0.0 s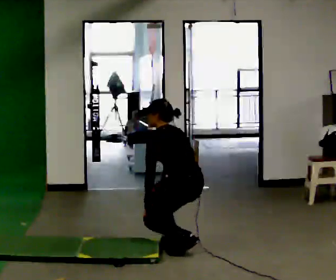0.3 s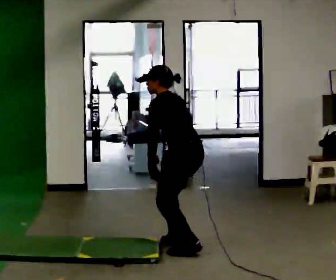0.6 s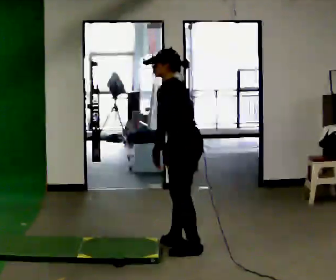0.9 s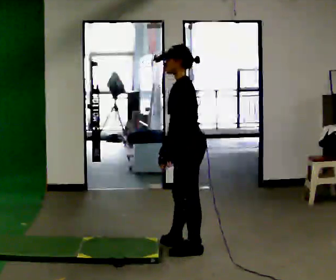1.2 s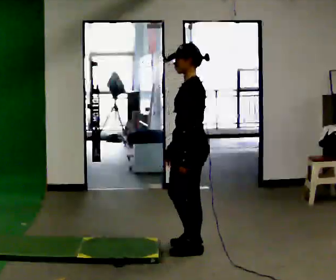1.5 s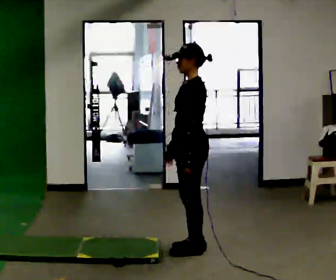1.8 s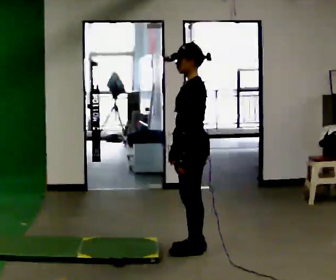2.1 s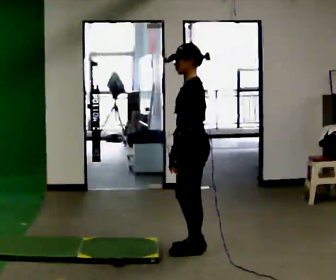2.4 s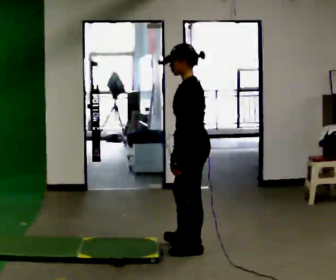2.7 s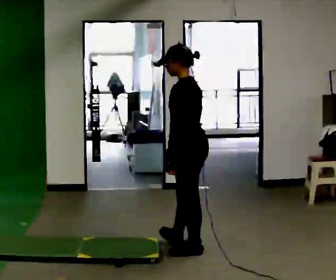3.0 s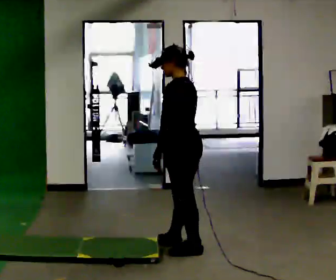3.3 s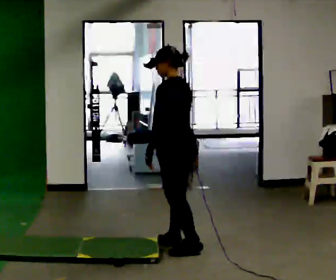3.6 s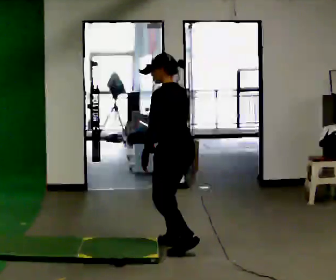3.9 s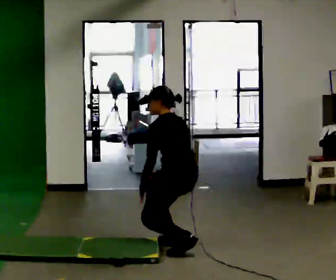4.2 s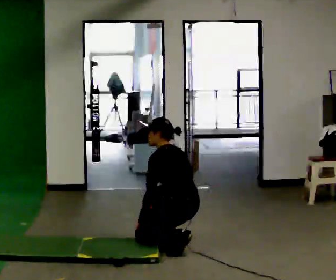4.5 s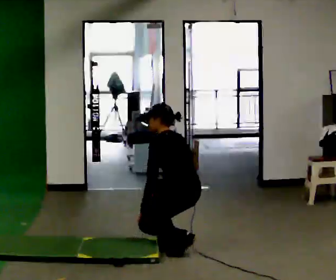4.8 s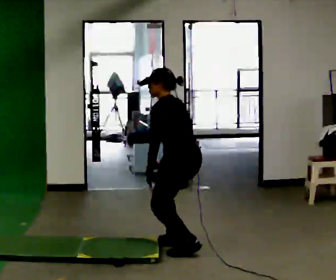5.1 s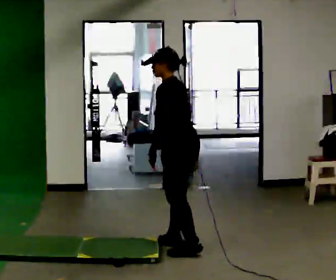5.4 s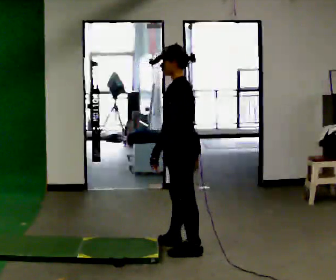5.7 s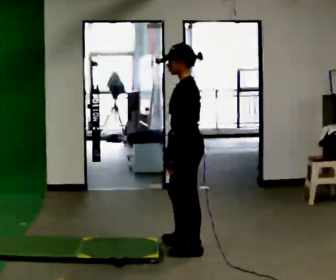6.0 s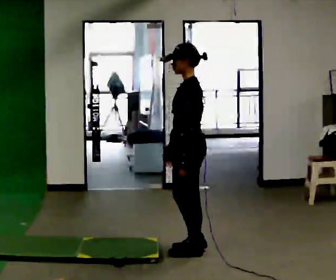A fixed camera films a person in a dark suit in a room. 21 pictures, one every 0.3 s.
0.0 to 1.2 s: Seen from above the body turns counterclockwise, about 45 degrees: to their left, with its near side sliding to the right. The shoulders move upward. In the picture the upper body tilts clockwise, shoulders to the right, as they lean back or straighten. In the picture their left hand goes upward and to the right.
1.2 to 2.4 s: The person moves a little, or ends about where they began.
2.4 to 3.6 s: In the picture they go away from the camera, about 0.25 m in 1 step, which for them is forward.
3.6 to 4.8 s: The person moves a little, or ends about where they began.
4.8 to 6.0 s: The part of the body nearest the lens slides to the right as the person turns to their left by about 30 degrees. In the picture the upper body tilts clockwise, shoulders to the right, as they lean back or straighten.
The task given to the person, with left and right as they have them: From standing, kneel onto the knee the operator calls, hold briefly, then stand back up. Repeat the movement at your own pace until the operator says stop; do not rush.
The film runs forward here.
